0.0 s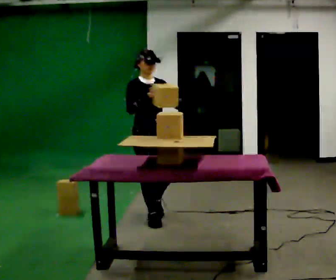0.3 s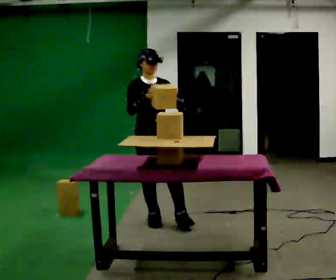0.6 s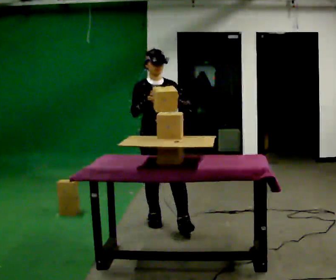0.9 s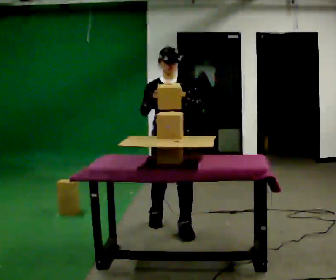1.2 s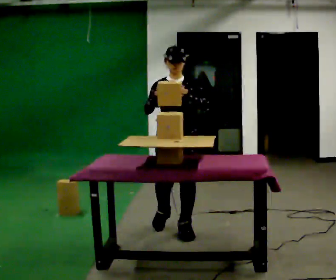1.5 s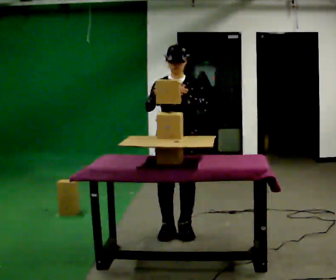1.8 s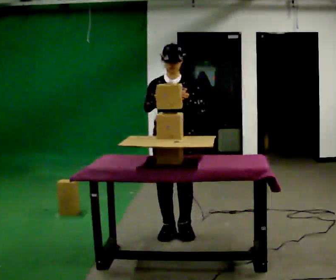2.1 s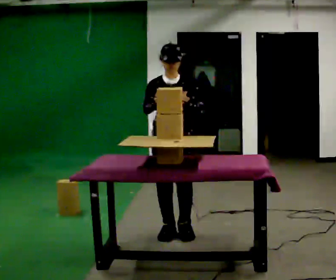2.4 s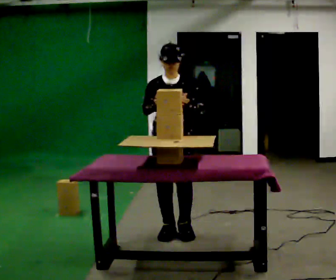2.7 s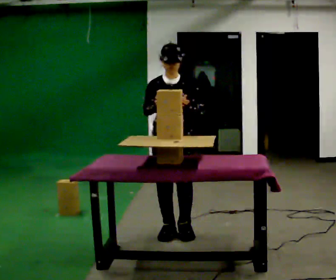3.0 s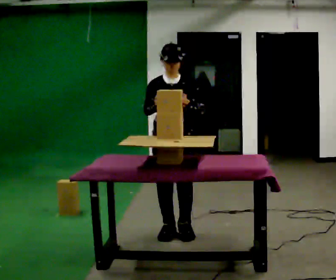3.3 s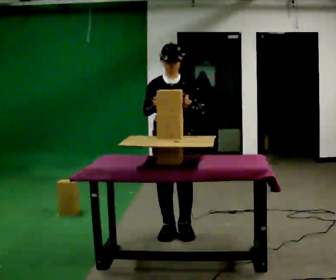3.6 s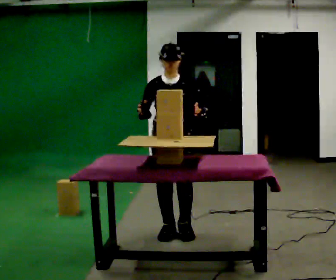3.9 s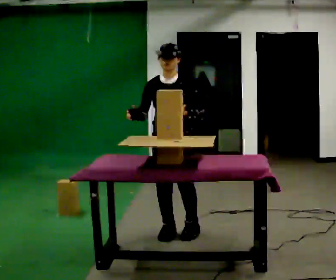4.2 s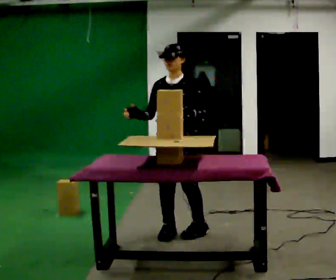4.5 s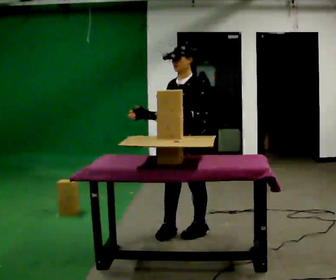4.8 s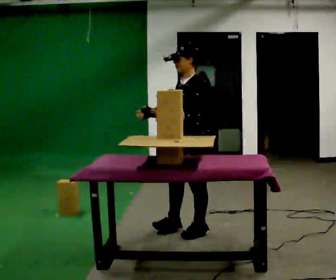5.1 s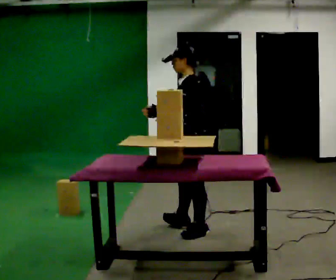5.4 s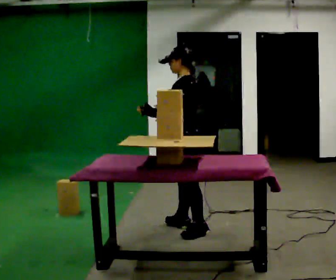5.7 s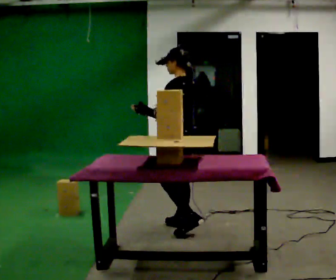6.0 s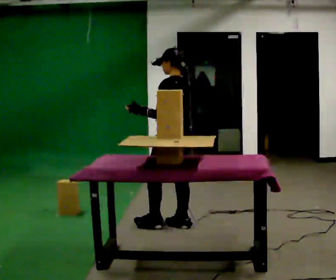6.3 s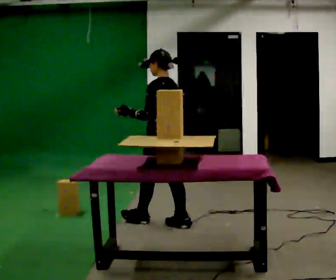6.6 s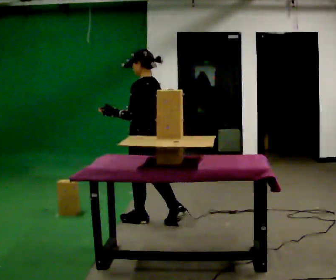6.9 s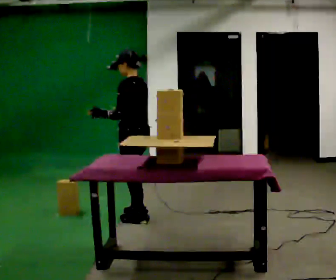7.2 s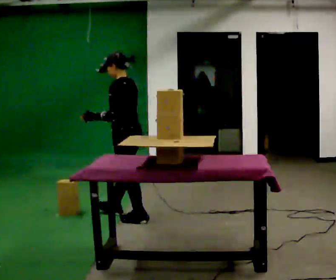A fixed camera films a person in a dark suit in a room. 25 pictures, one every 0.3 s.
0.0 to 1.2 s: Seen from above the body turns clockwise, about 30 degrees: to their right, with its near side sliding to the left. In the picture they go toward the camera and to the right, about 0.5 m in 1 step, which for them is forward and to their left.
1.2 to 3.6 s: The person moves a little, or ends about where they began.
3.6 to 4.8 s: Seen from above the body turns clockwise, about 60 degrees: to their right, with its near side sliding to the left. In the picture they go to the right, about 0.25 m in 1 step.
4.8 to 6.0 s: Seen from above the body turns clockwise, about 45 degrees: to their right, with its near side sliding to the left. In the picture they go away from the camera and to the left, about 0.25 m in 1 step, which for them is forward and to their right.
6.0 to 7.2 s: In the picture they go to the left and away from the camera, about 0.5 m in 2 steps, which for them is forward.
The film runs forward here.
